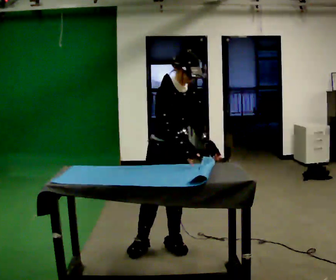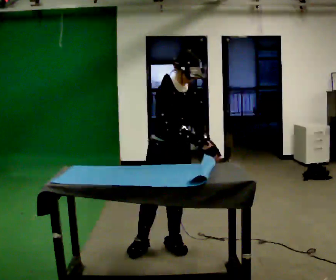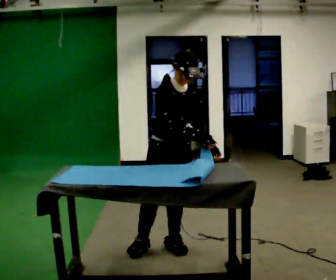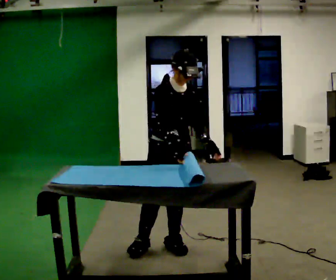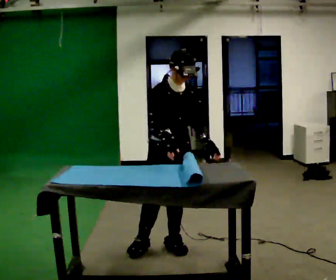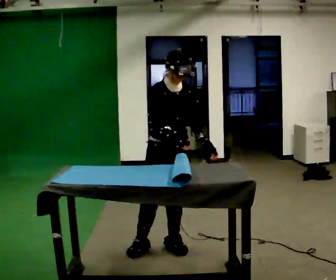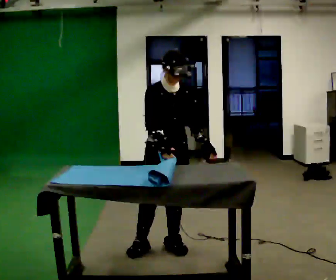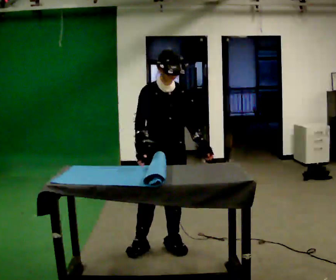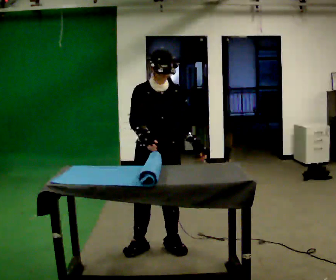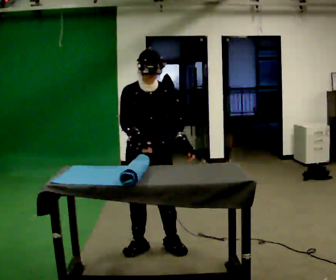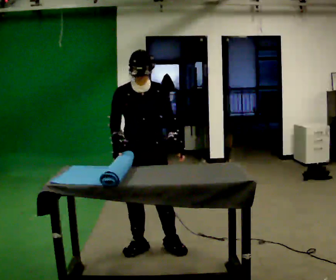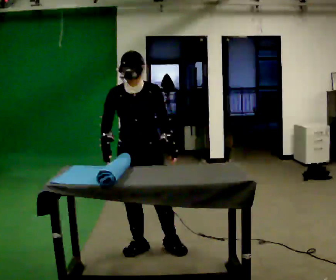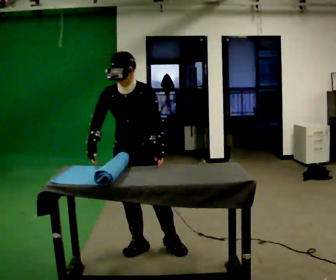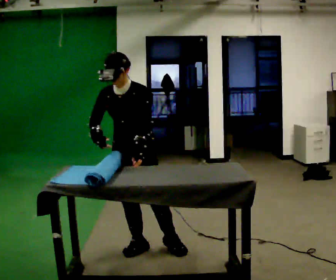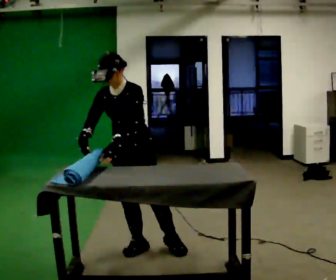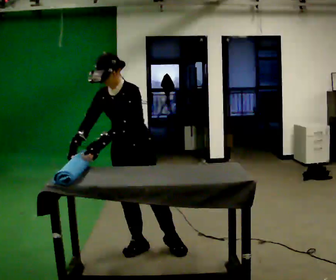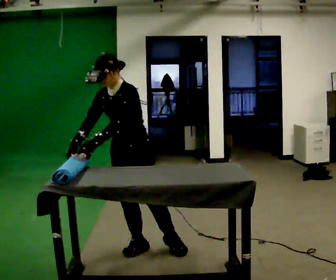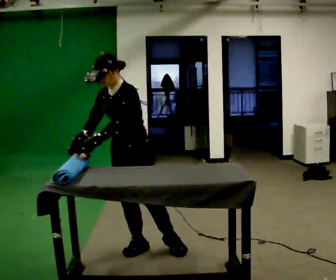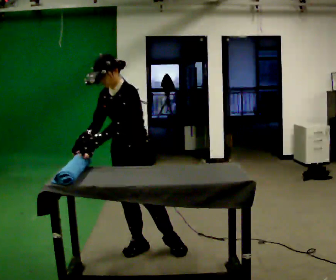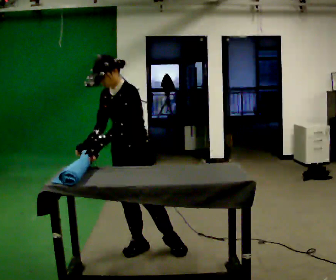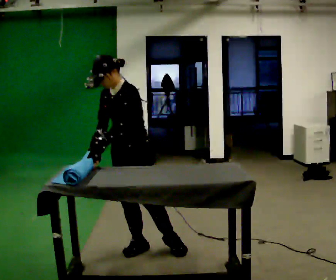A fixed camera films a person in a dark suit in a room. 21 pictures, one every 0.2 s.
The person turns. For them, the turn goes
to their right.
The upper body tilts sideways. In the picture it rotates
counterclockwise.
0.0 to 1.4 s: The person moves a little, or ends about where they began.
1.4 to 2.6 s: The part of the body nearest the lens slides to the left as the person turns to their right by about 45 degrees. In the picture they go to the left, about 0.25 m, which for them is to their right. In the picture the upper body tilts counterclockwise, shoulders to the left. In the picture their left hand goes to the left.
2.6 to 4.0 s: The person moves a little, or ends about where they began.
The film runs backward here.
